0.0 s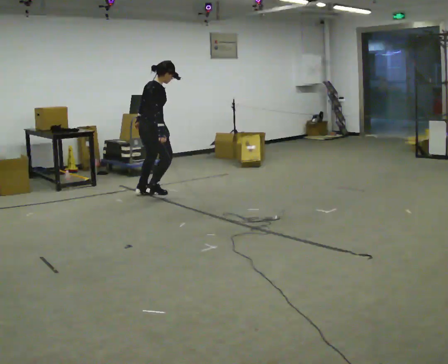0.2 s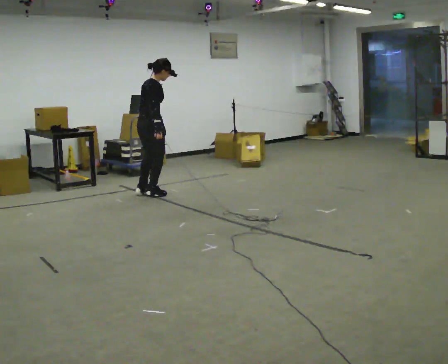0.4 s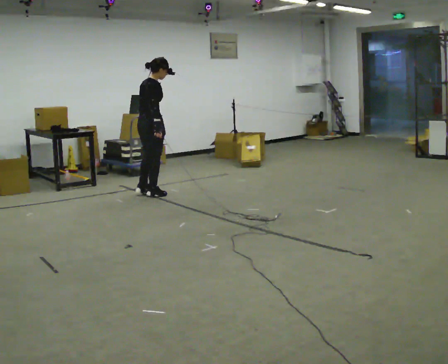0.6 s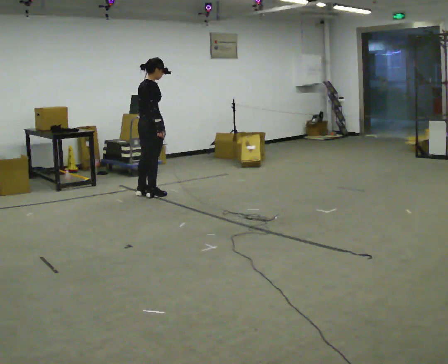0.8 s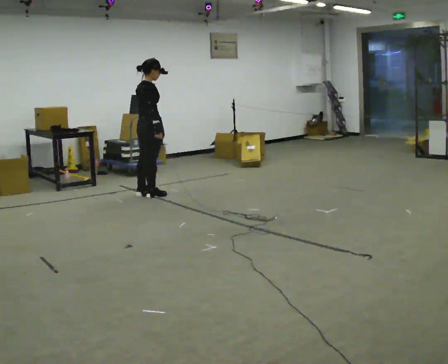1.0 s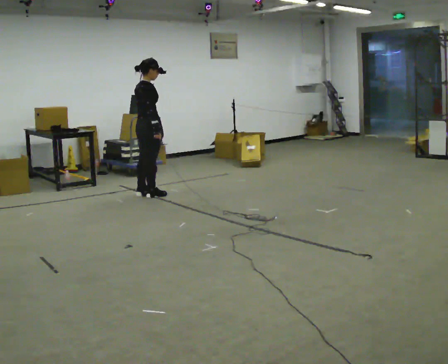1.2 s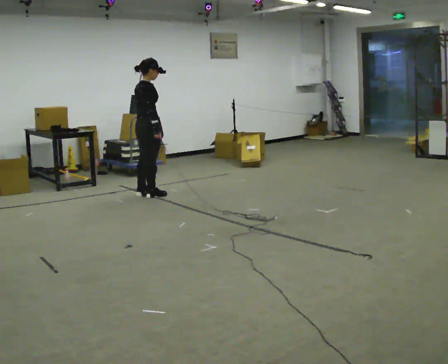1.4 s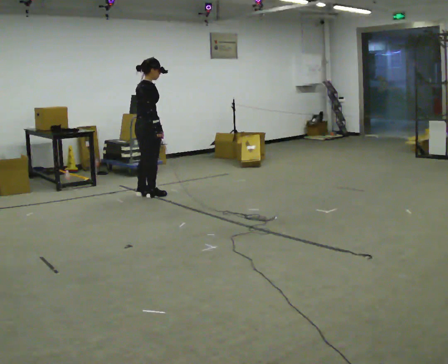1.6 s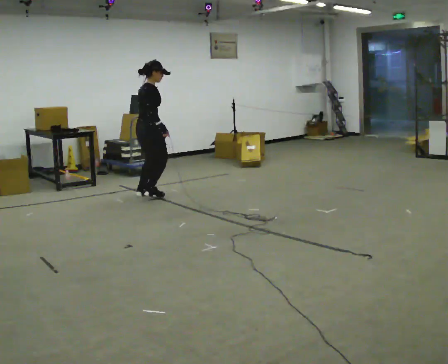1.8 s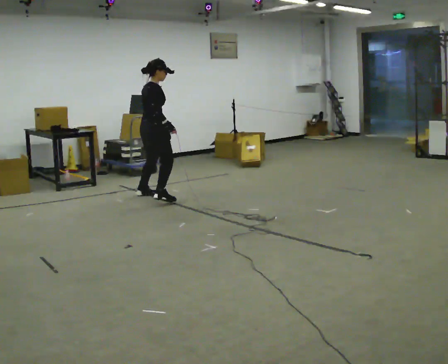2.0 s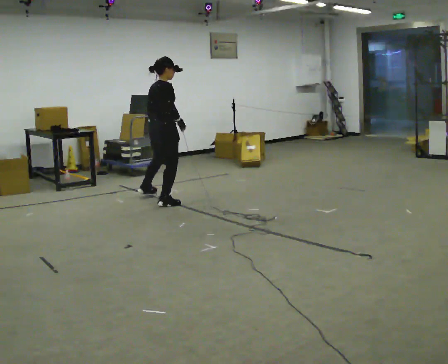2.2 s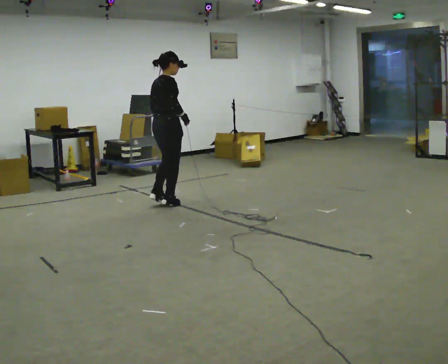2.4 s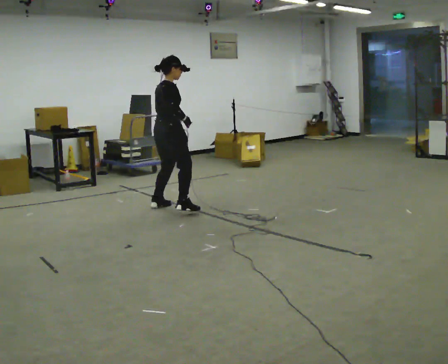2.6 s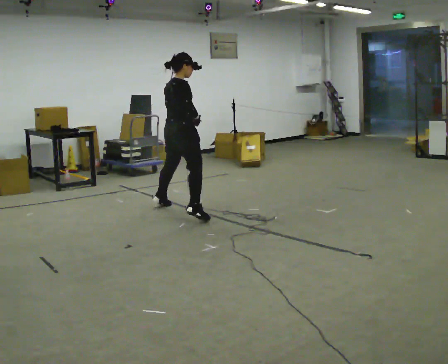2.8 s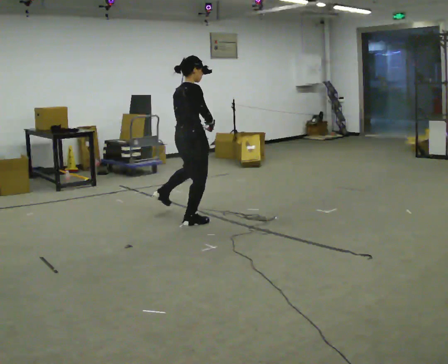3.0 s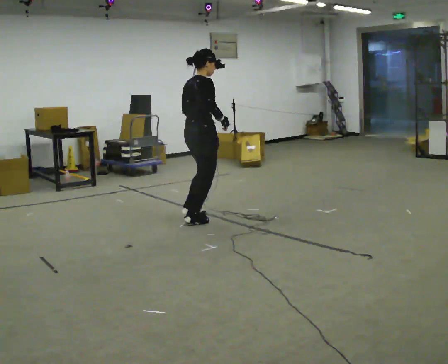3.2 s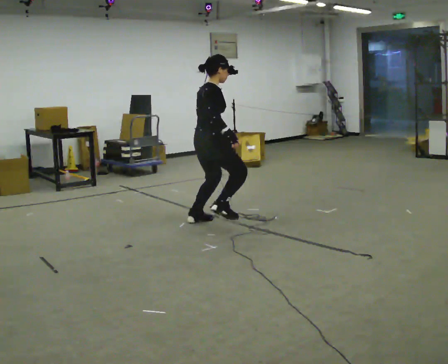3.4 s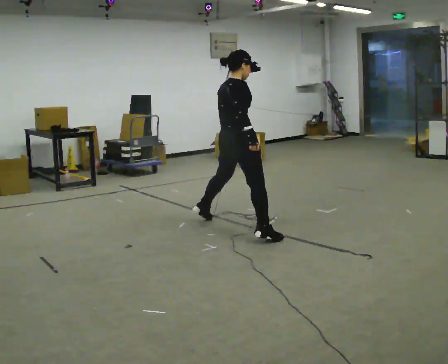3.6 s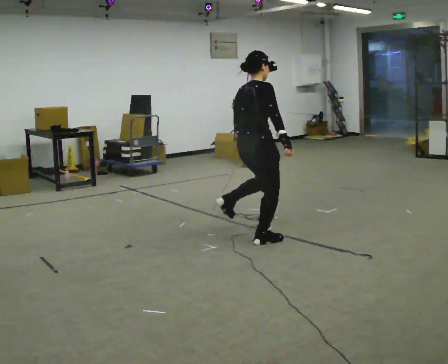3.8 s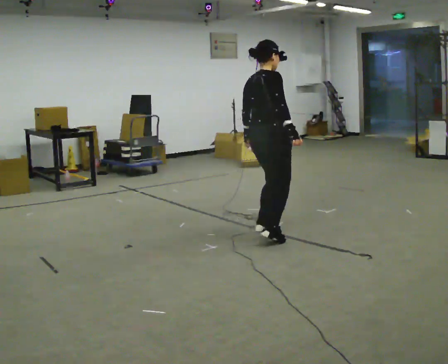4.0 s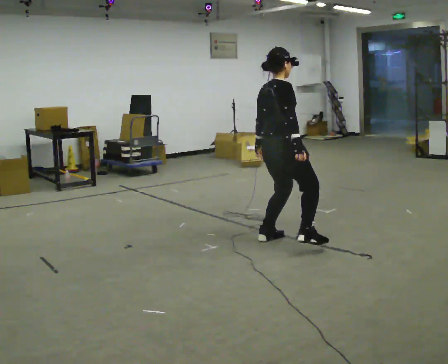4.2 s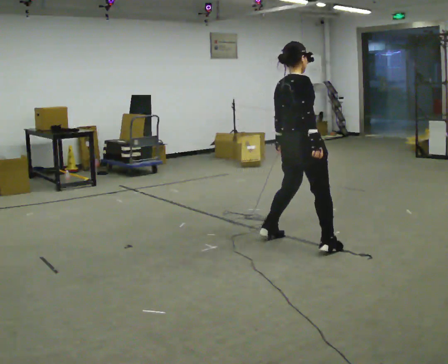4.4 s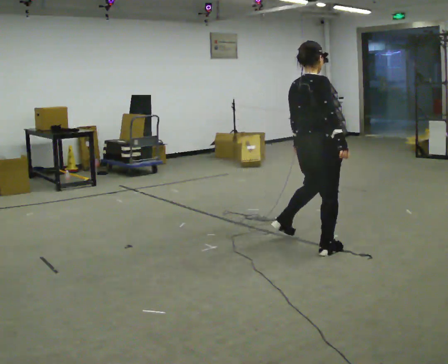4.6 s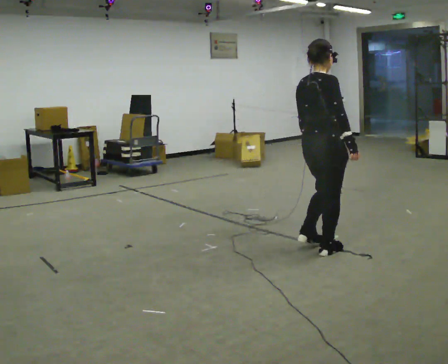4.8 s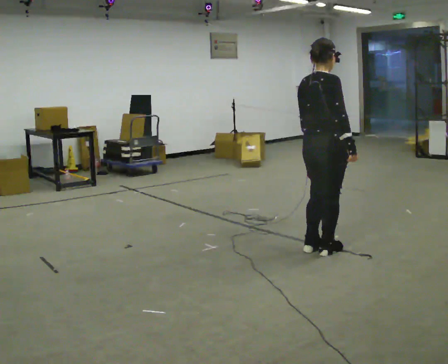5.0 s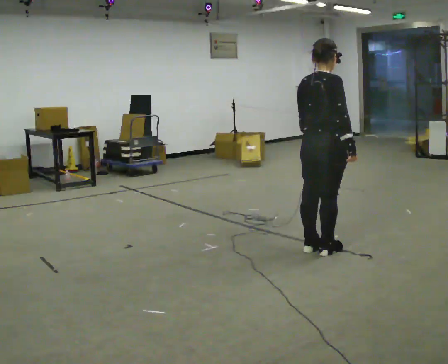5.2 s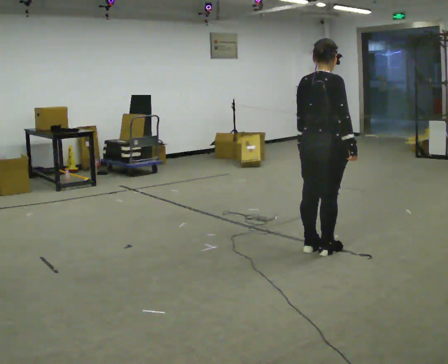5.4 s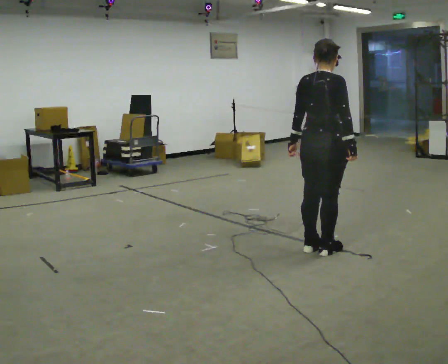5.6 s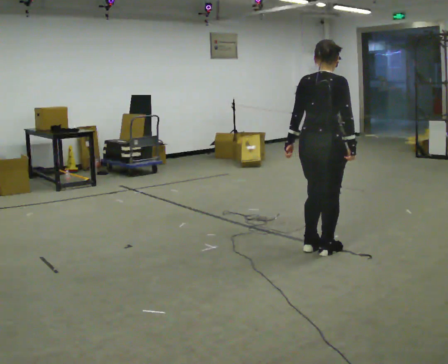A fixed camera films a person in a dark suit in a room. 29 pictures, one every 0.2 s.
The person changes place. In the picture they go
toward the camera.
0.0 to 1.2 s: In the picture the upper body tilts counterclockwise, shoulders to the left.
1.2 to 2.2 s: In the picture they go toward the camera and to the right, about 0.5 m in 1 step, which for them is to their right.
2.2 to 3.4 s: In the picture they go toward the camera and to the right, about 1 m in 3 steps, which for them is to their right.
3.4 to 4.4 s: In the picture they go toward the camera and to the right, about 1 m in 3 steps, which for them is to their right.
4.4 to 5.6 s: The person moves a little, or ends about where they began.
The film runs forward here.
